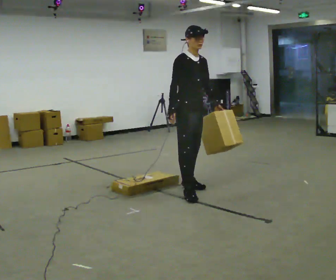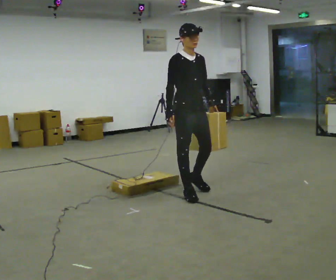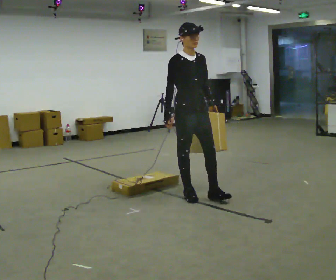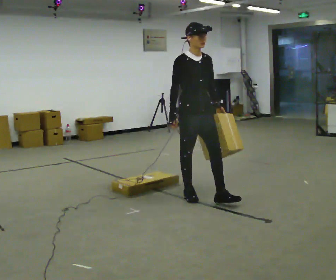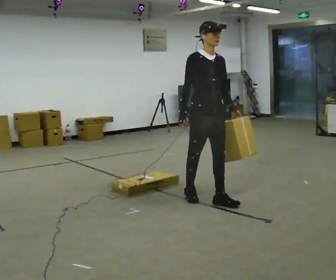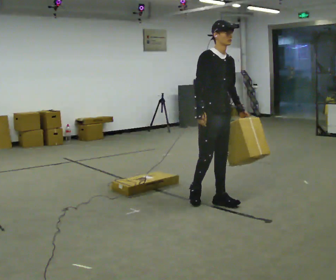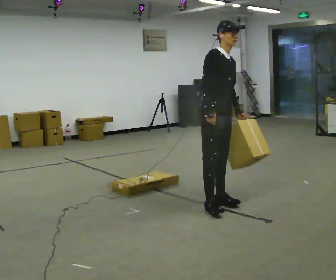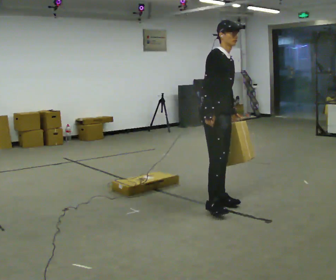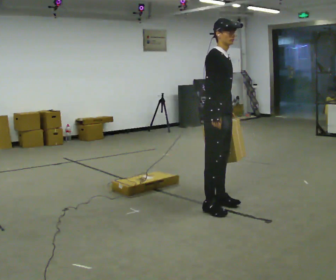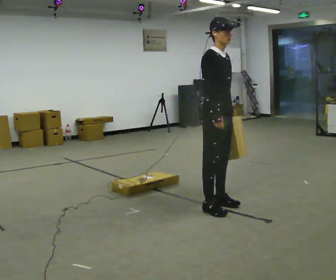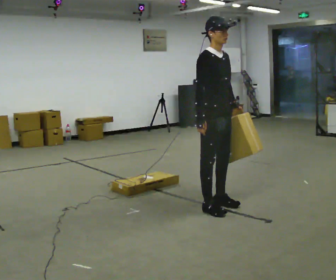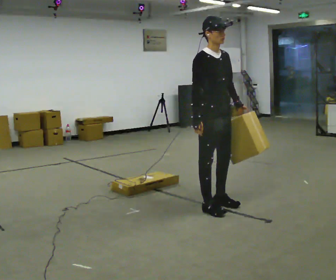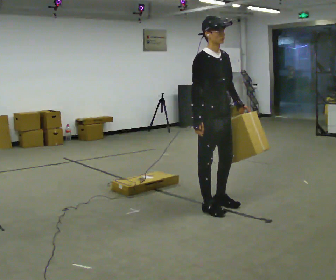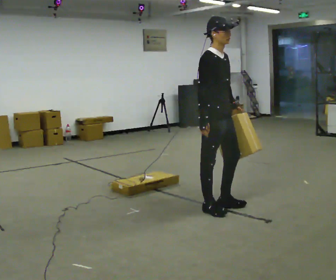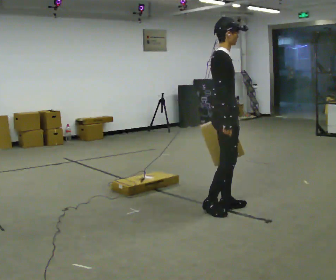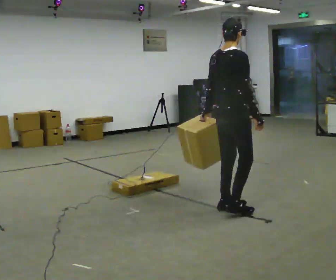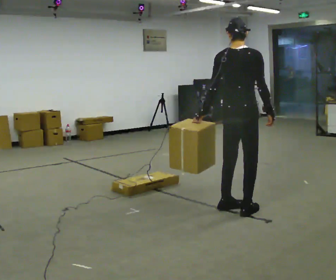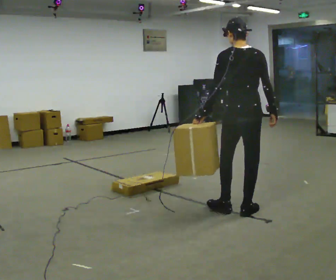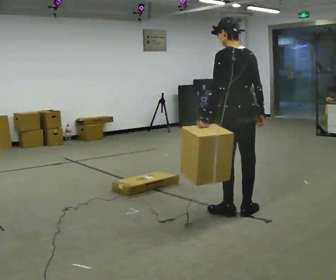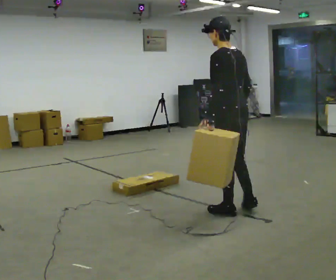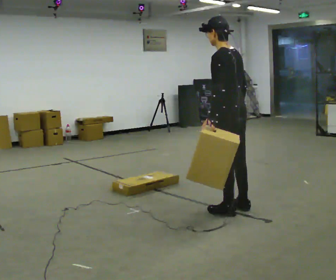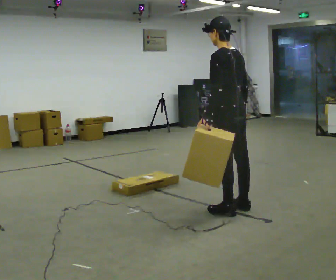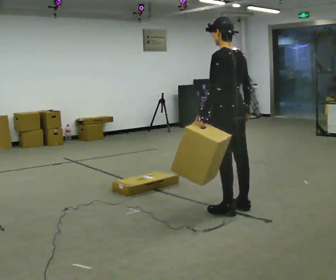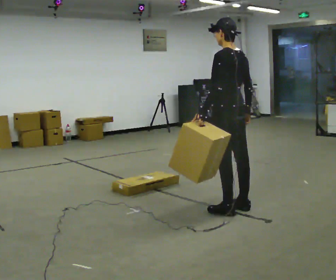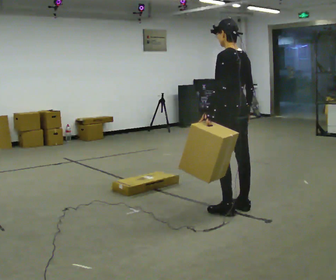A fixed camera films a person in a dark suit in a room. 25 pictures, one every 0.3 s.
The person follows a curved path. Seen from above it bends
counterclockwise.
0.0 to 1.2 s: In the picture they go toward the camera and to the right, about 0.5 m in 1 step, which for them is forward.
1.2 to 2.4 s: The part of the body nearest the lens slides to the right as the person turns to their left by about 30 degrees.
2.4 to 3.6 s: The person moves a little, or ends about where they began.
3.6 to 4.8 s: The part of the body nearest the lens slides to the right as the person turns to their left by about 105 degrees. In the picture they go to the right, about 0.25 m in 2 steps.
4.8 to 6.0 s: The part of the body nearest the lens slides to the right as the person turns to their left by about 75 degrees.
6.0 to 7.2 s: The person moves a little, or ends about where they began.
The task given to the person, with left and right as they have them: Carry the box over the low sill without stopping, then bring it back over. Keep going until the operator says stop; one object at a time, and do not rush between trips.
The film runs forward here.
